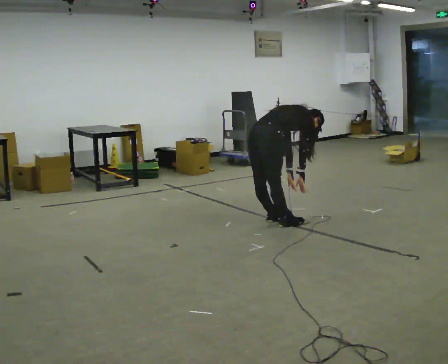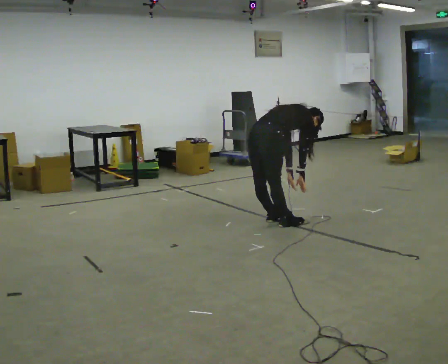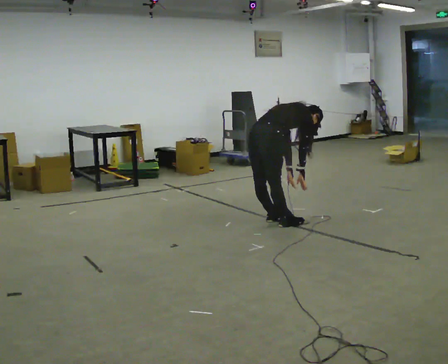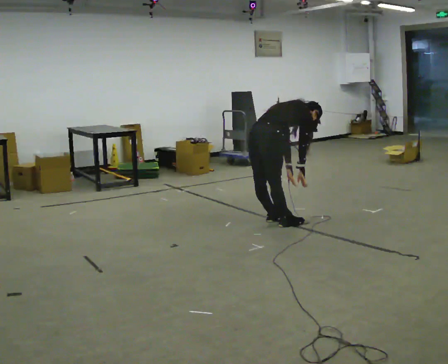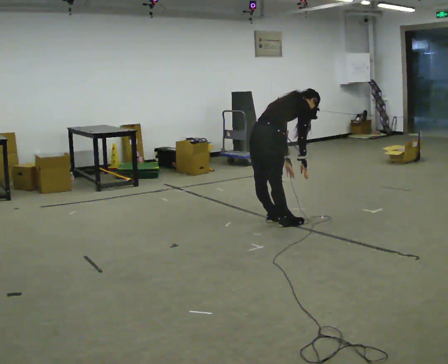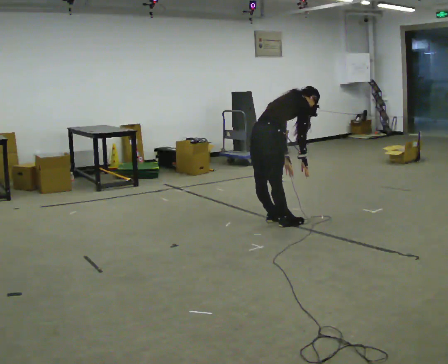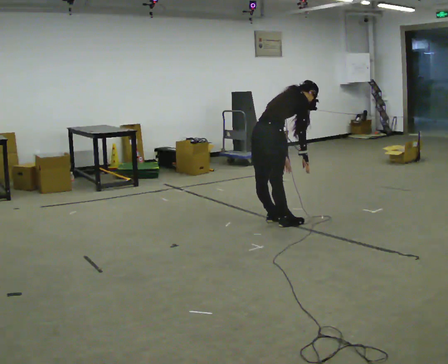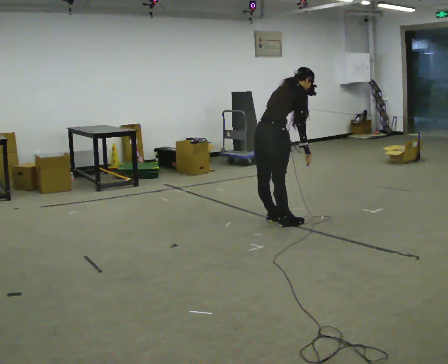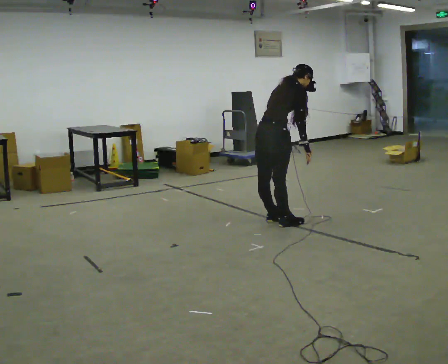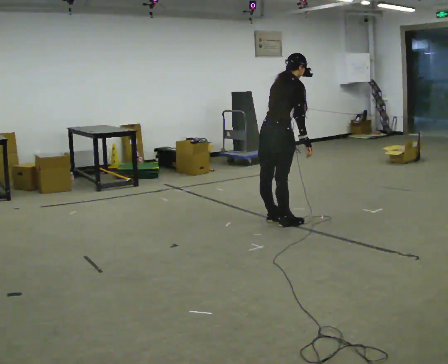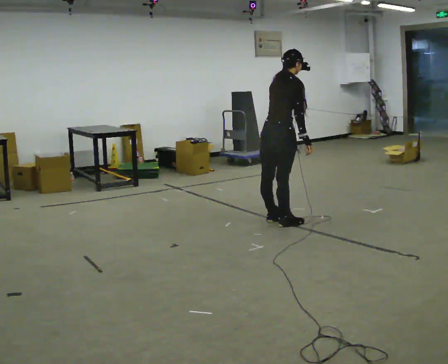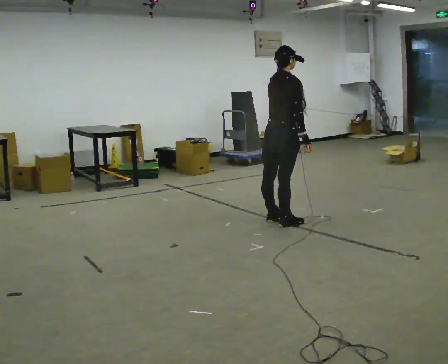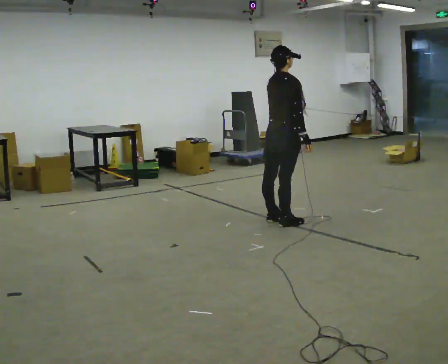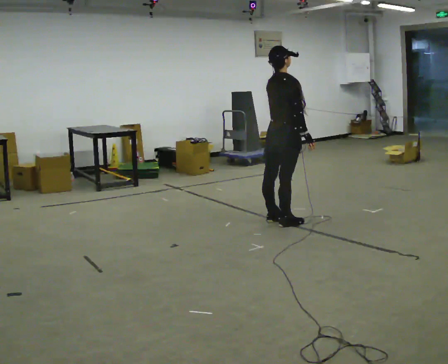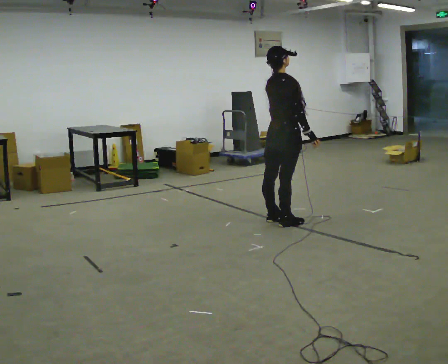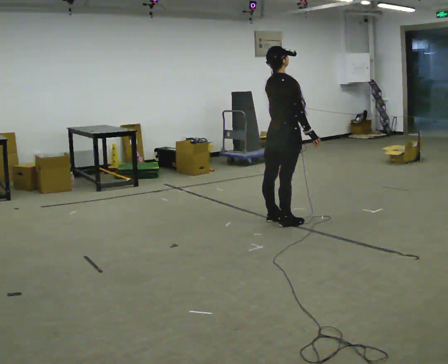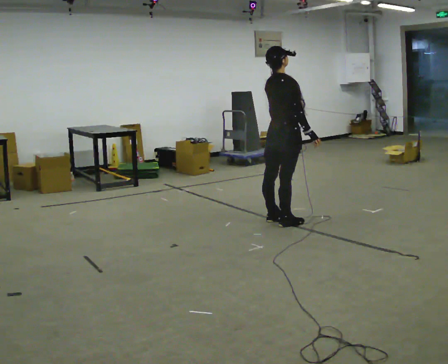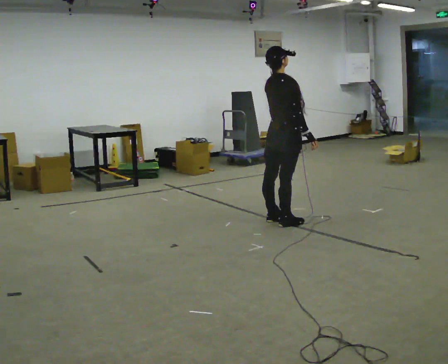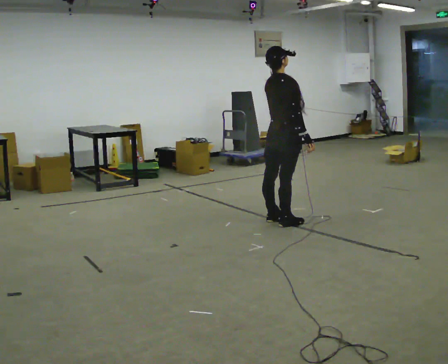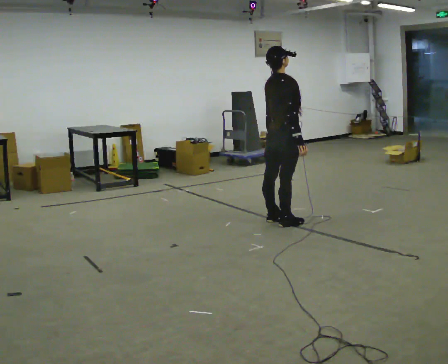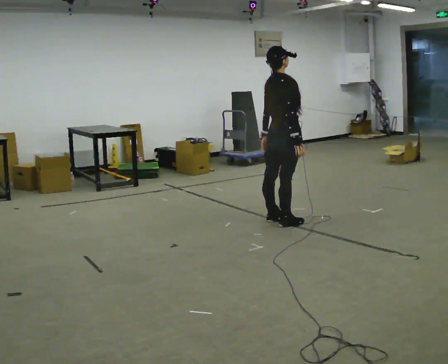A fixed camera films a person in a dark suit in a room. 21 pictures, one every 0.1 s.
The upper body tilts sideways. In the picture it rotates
counterclockwise.
The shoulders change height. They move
upward.
0.0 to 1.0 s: The shoulders move upward. In the picture the upper body tilts counterclockwise, shoulders to the left, as they lean back or straighten. In the picture their left hand goes upward.
1.0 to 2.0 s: In the picture the upper body tilts counterclockwise, shoulders to the left, as they lean back or straighten.
The film runs backward here.
